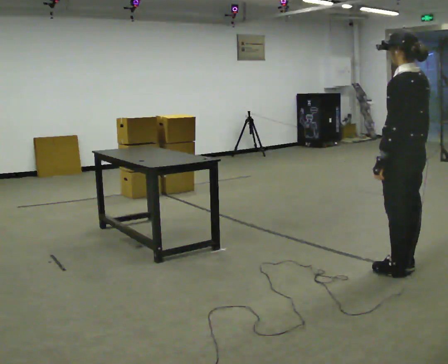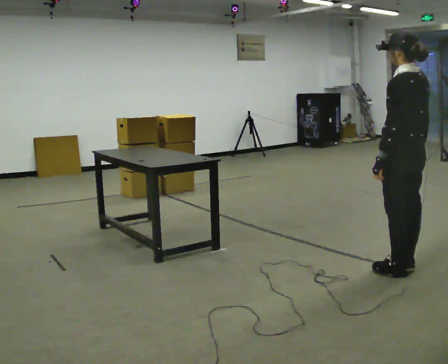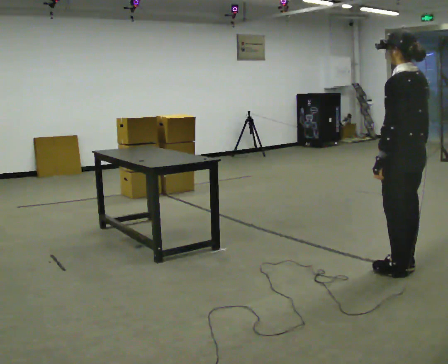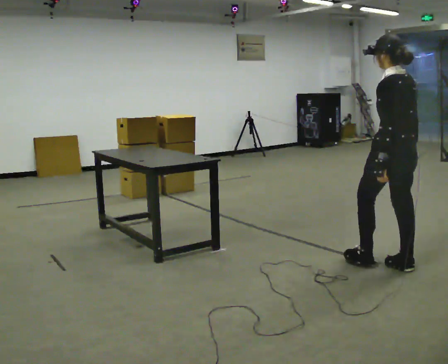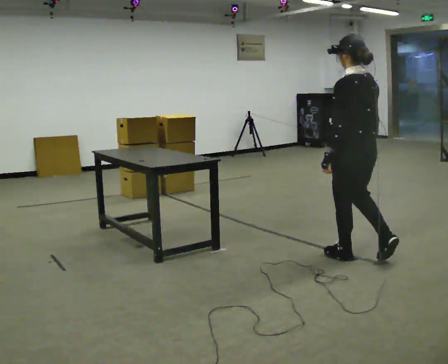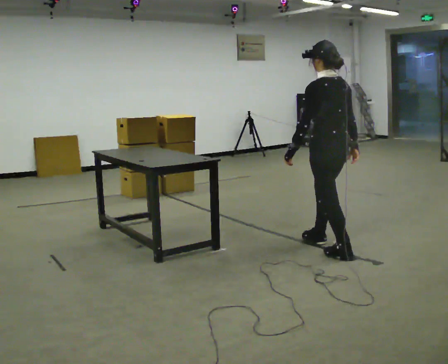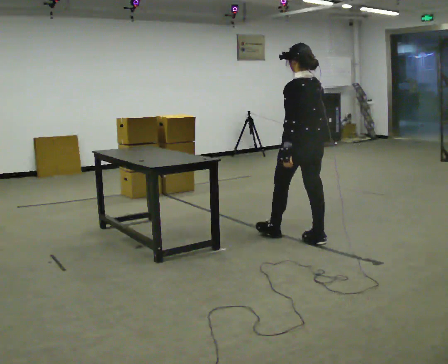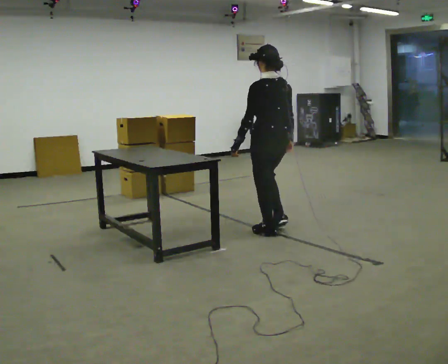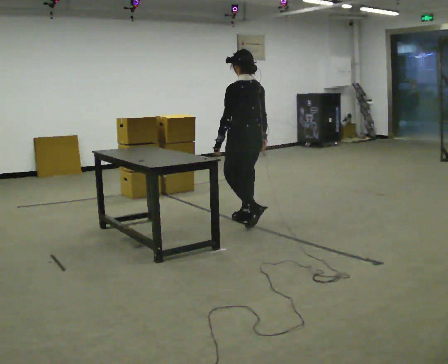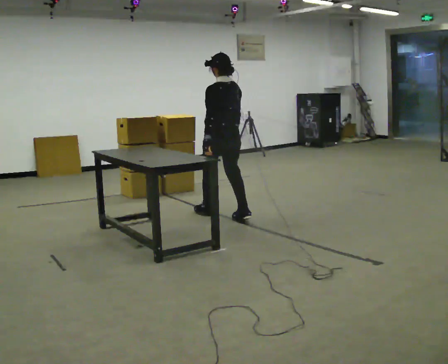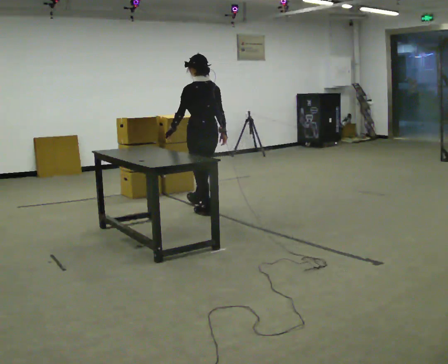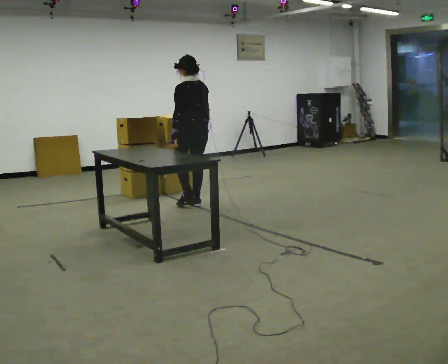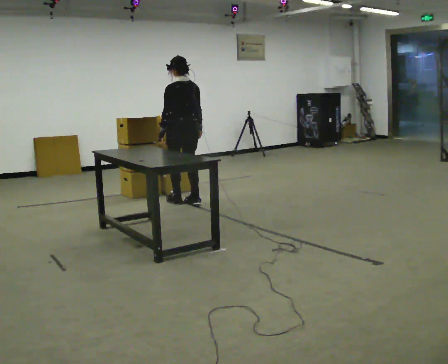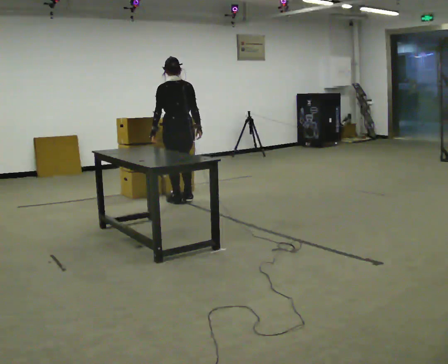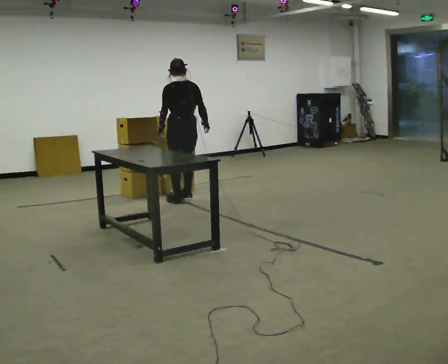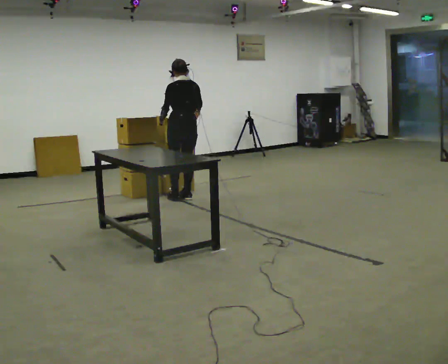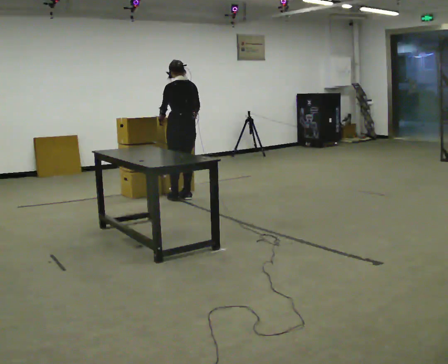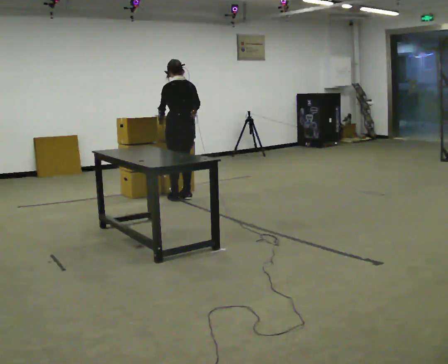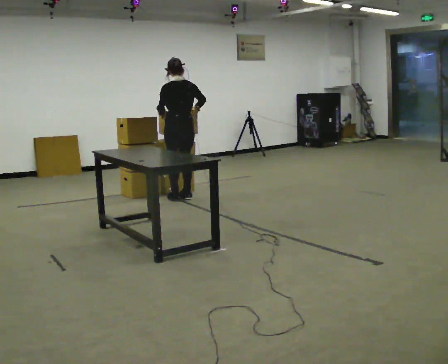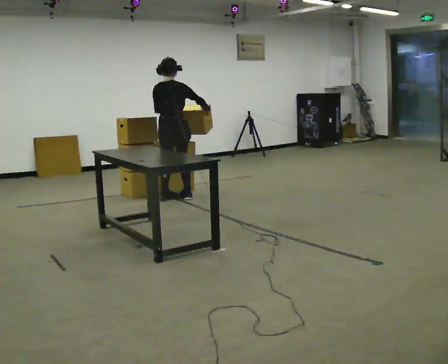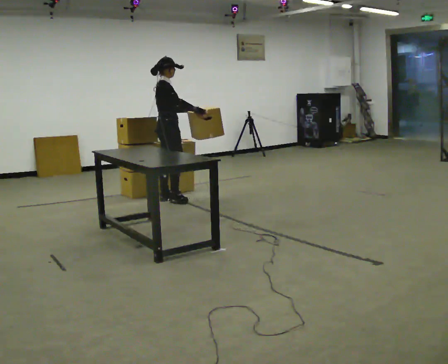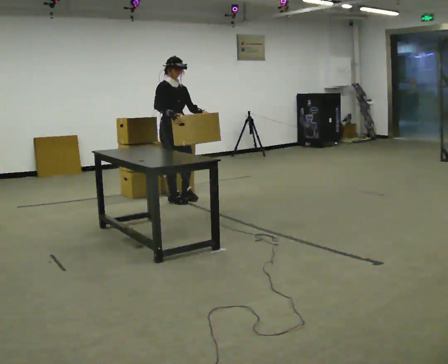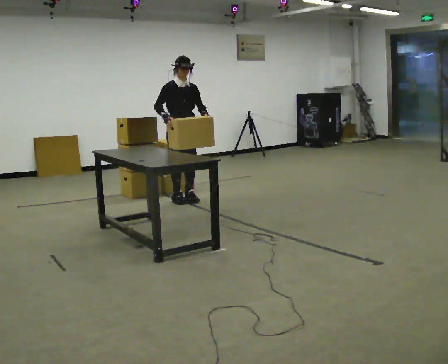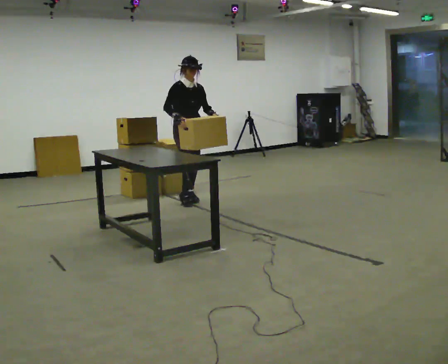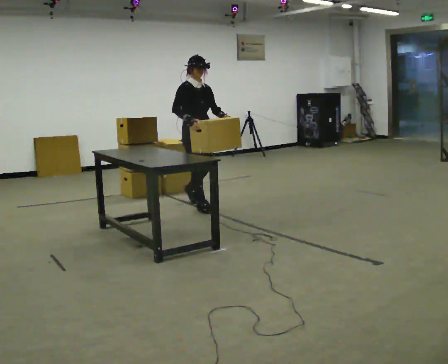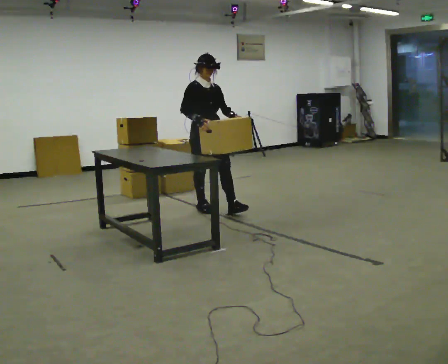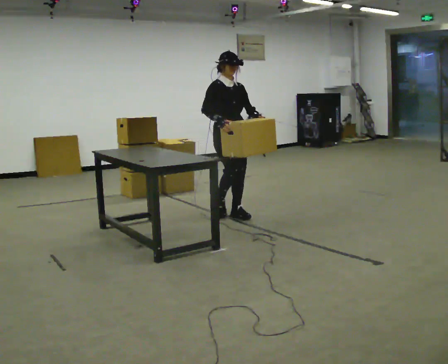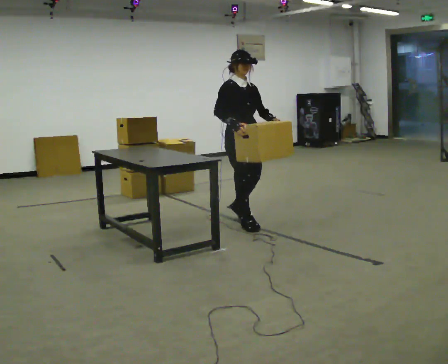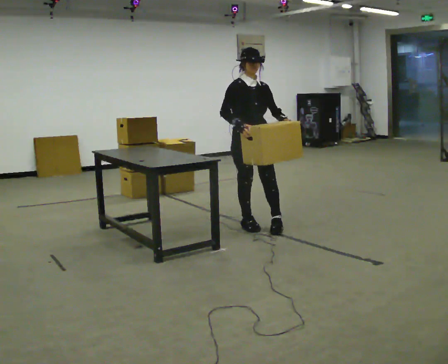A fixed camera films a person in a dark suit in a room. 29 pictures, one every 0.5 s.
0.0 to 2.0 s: In the picture they go away from the camera and to the left, about 0.5 m in 1 step, which for them is forward.
2.0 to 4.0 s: In the picture they go away from the camera and to the left, about 1.5 m in 3 steps, which for them is forward.
4.0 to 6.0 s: In the picture they go away from the camera and to the left, about 1 m in 3 steps, which for them is forward.
6.0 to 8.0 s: In the picture they go away from the camera, about 0.25 m in 1 step, which for them is forward. The upper body tips away from the camera, its near side rolling upward, as they bend forward.
8.0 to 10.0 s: Seen from above the body turns clockwise, about 105 degrees: to their right, with its near side sliding to the left. In the picture they go to the left, about 0.25 m in 2 steps.
10.0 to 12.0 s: Seen from above the body turns clockwise, about 60 degrees: to their right, with its near side sliding to the left. In the picture they go toward the camera and to the right, about 0.5 m in 2 steps.
12.0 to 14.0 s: In the picture they go toward the camera and to the right, about 1 m in 2 steps, which for them is forward.
The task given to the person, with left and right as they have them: Pick up the next box in the row and carry it to the table. The operator will not tell you how heavy each one is. Keep going until the operator says stop; one object at a time, and do not rush between trips.
The film runs forward here.
